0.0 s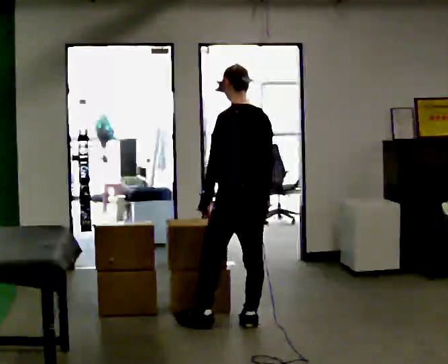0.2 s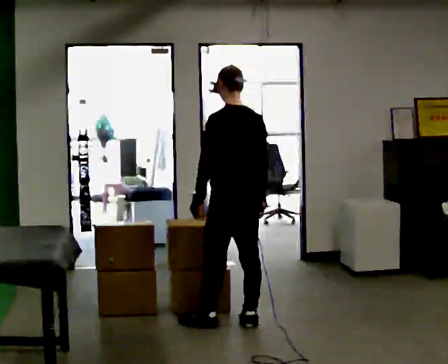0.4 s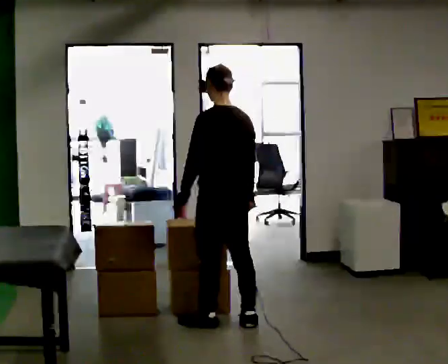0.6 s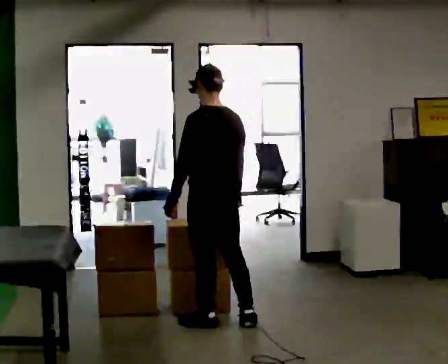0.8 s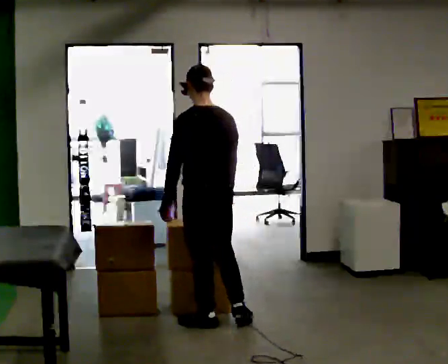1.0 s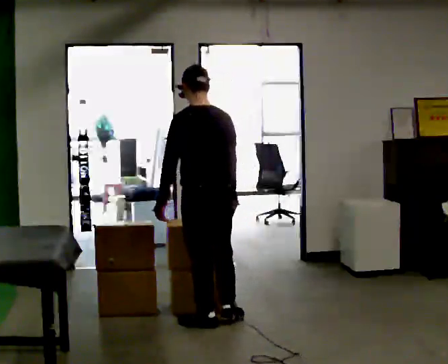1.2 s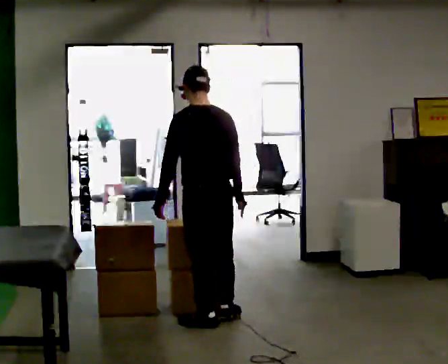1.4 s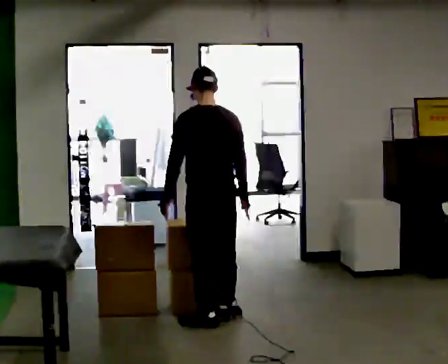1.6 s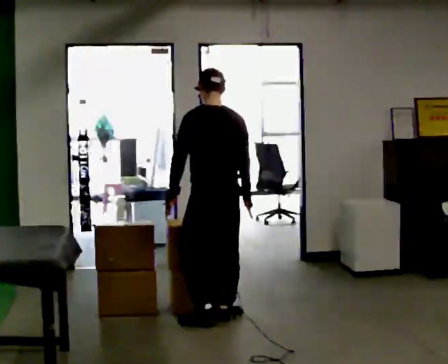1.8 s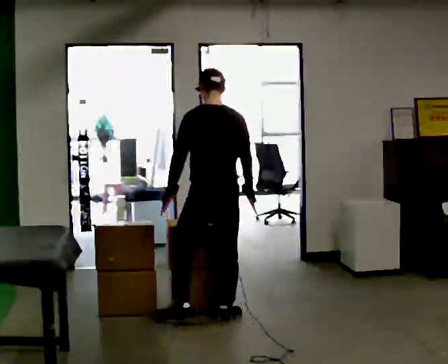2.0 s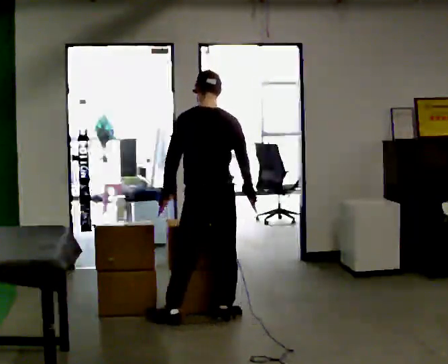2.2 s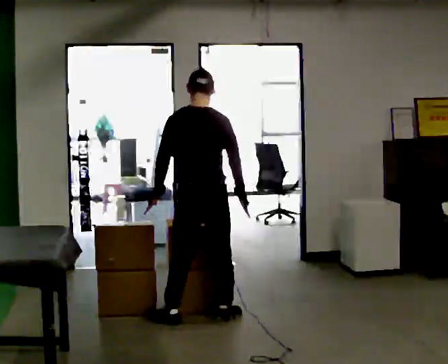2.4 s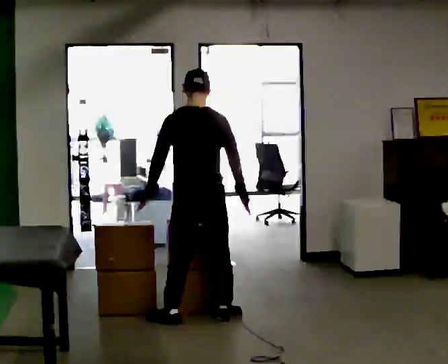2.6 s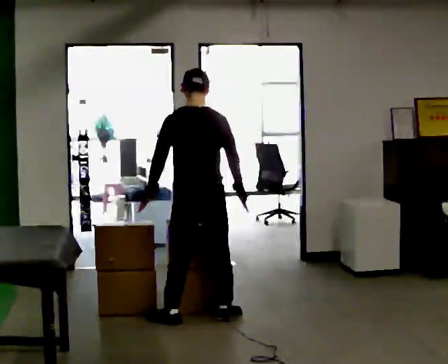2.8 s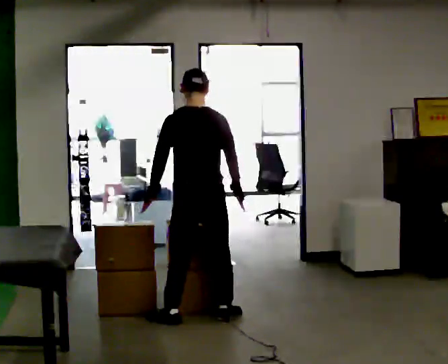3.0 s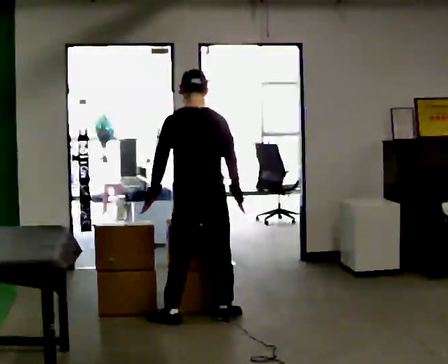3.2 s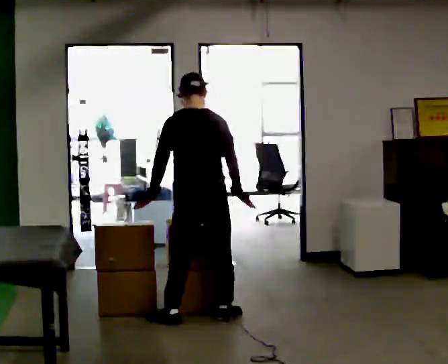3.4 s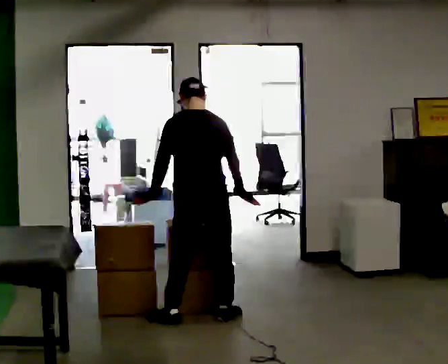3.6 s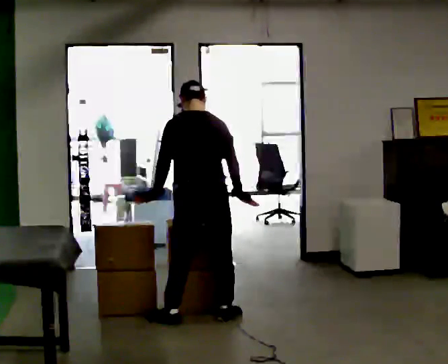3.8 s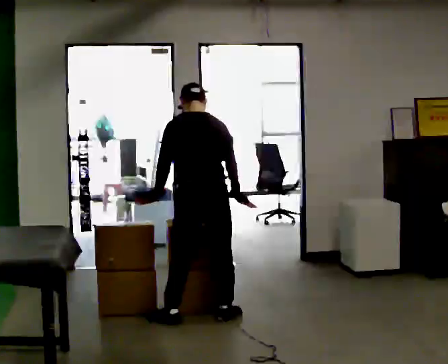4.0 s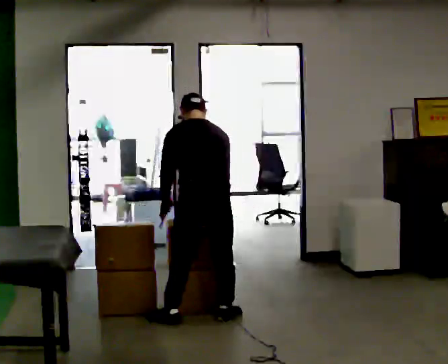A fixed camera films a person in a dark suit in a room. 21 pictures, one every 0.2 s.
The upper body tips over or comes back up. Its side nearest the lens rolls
upward.
0.0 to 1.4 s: In the picture they go to the left, about 0.25 m in 1 step, which for them is forward.
1.4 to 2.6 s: The person moves a little, or ends about where they began.
2.6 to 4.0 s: The upper body tips away from the camera, its near side rolling upward, as they bend forward.
The film runs forward here.
